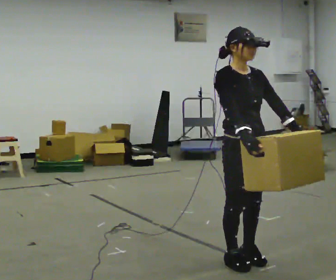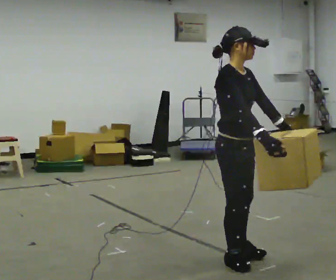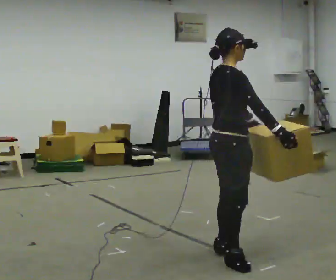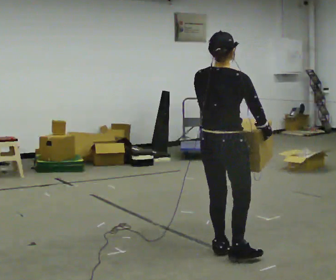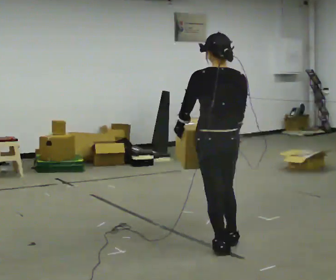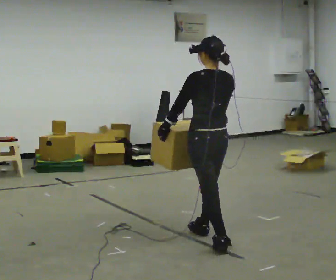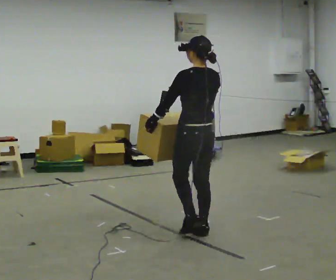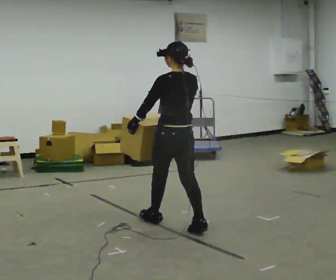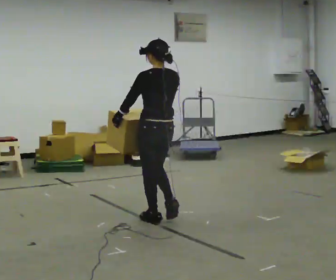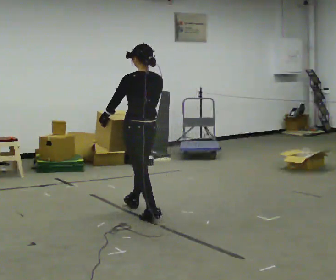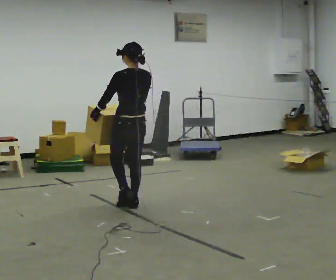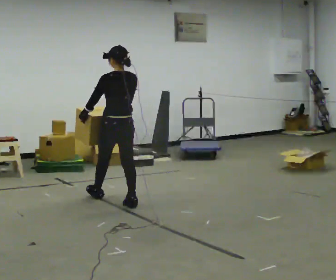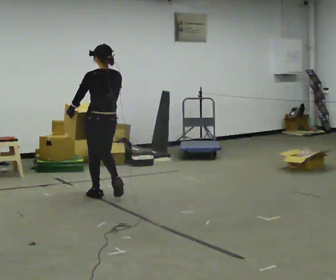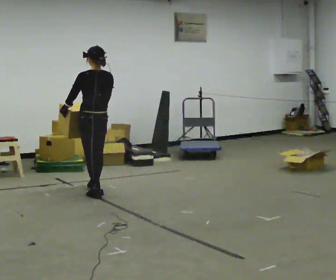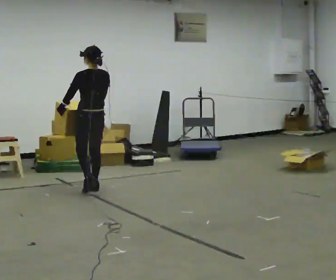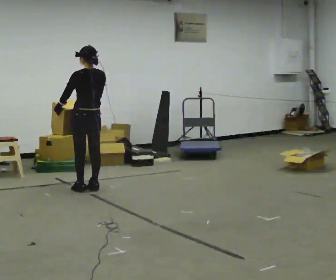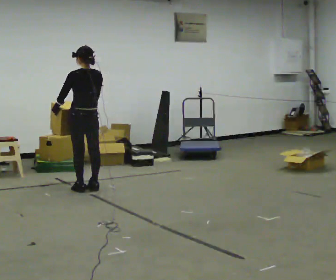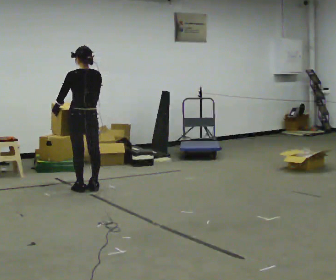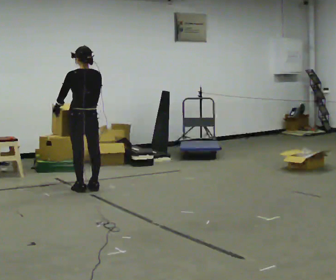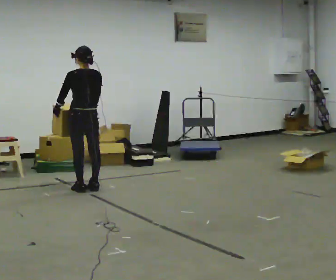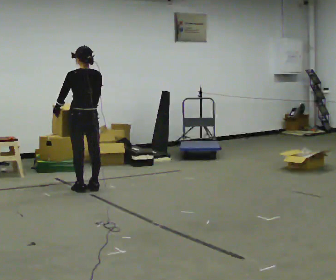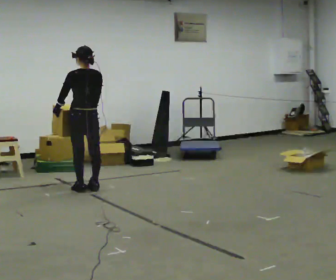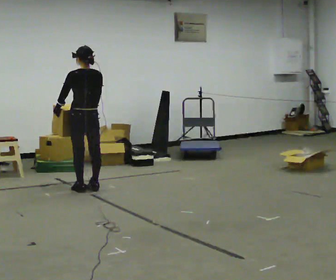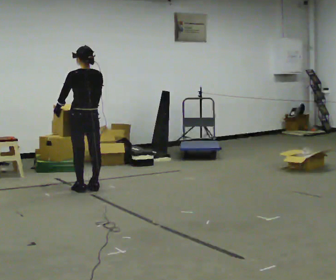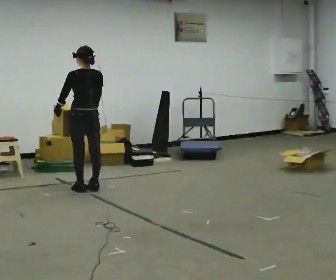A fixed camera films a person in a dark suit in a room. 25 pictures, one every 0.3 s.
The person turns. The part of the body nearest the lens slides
to the right.
Their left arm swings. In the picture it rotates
clockwise.
0.0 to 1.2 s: Seen from above the body turns counterclockwise, about 165 degrees: to their left, with its near side sliding to the right. In the picture they go away from the camera, about 0.25 m in 1 step.
1.2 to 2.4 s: In the picture they go away from the camera and to the left, about 1 m in 2 steps, which for them is forward.
2.4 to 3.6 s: In the picture they go away from the camera and to the left, about 1 m in 2 steps, which for them is forward.
3.6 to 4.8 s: In the picture they go away from the camera and to the left, about 0.5 m in 2 steps, which for them is forward.
4.8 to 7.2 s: The person moves a little, or ends about where they began.
The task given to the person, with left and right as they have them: Carry the heaviest box in both hands in front of you, walking back and forth across the room. Only carry what is comfortable. Set it down whenever you need to.
The film runs forward here.
